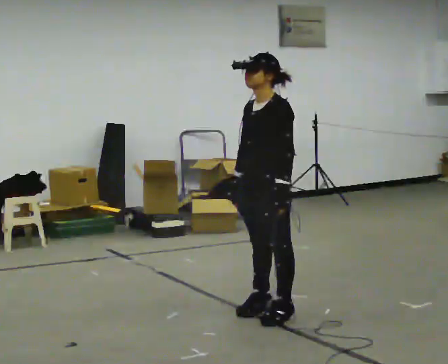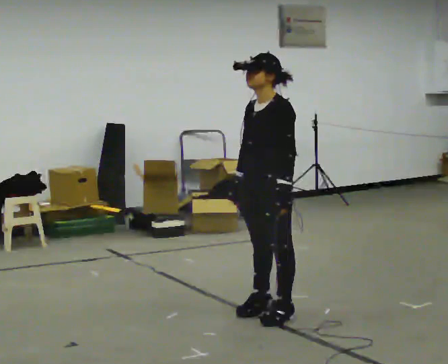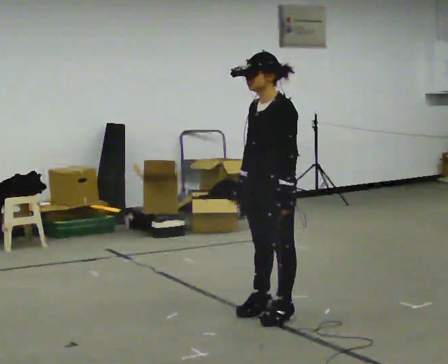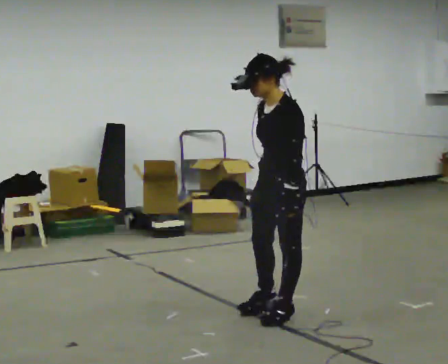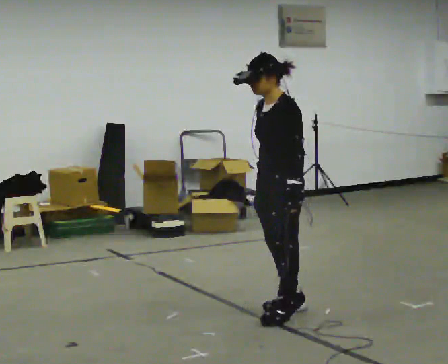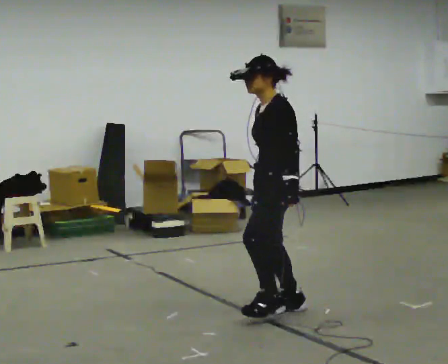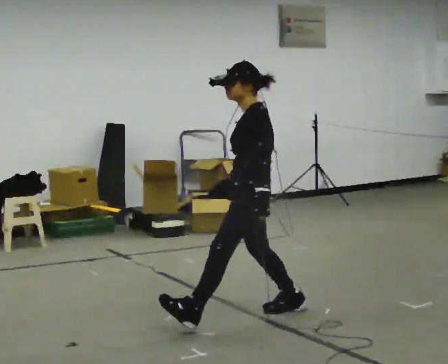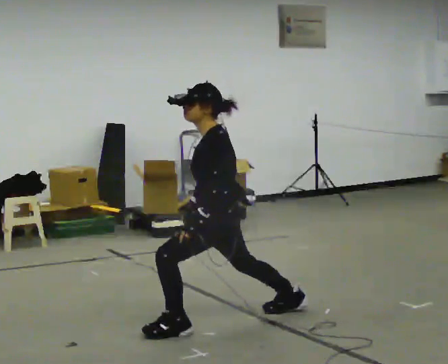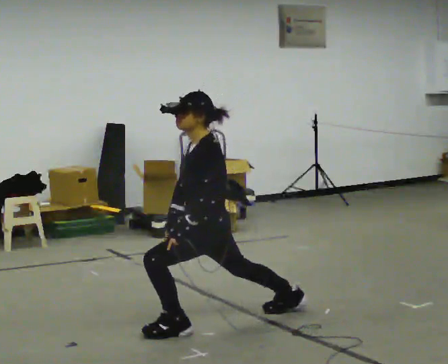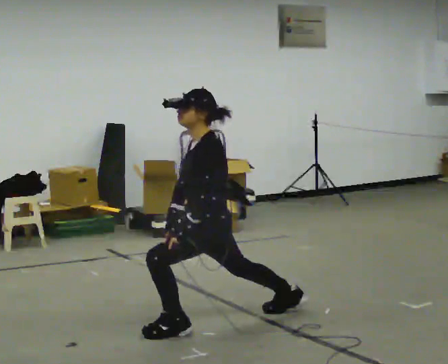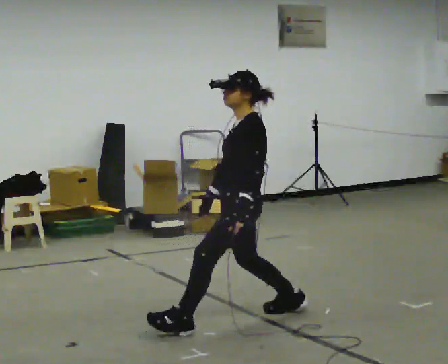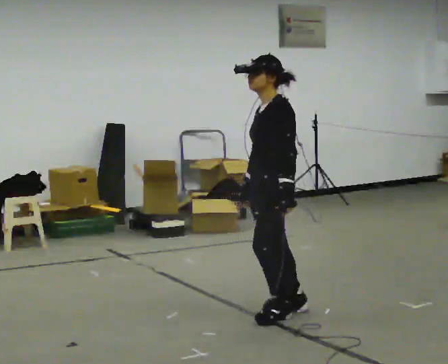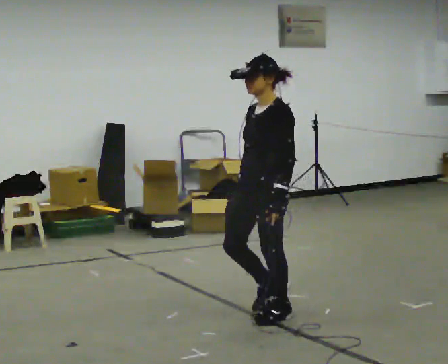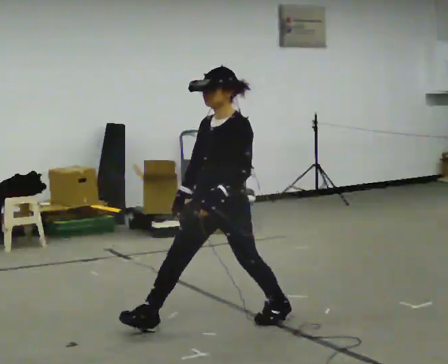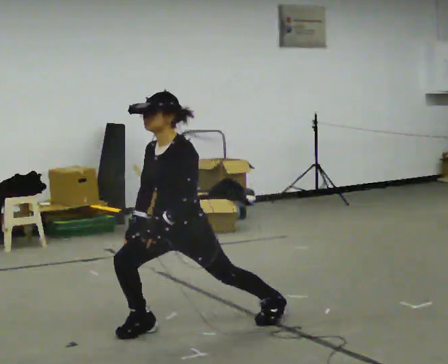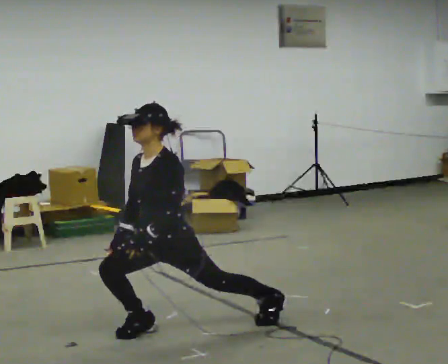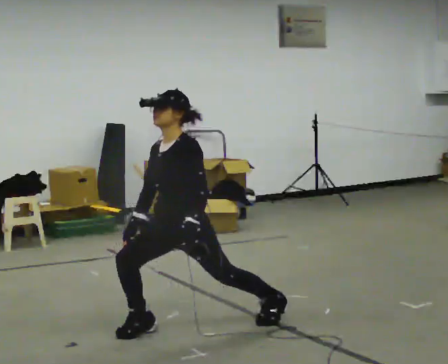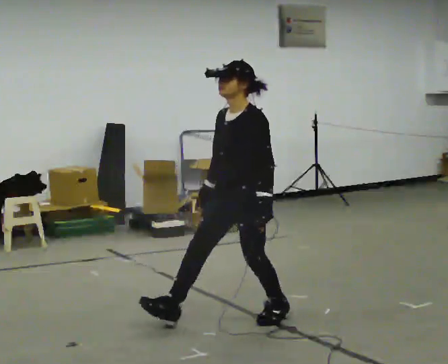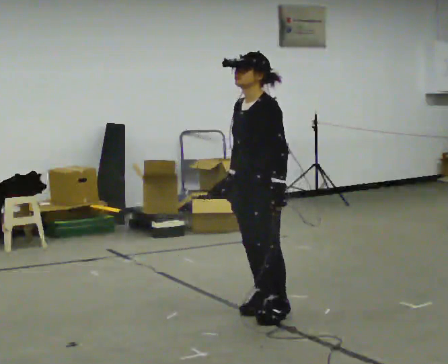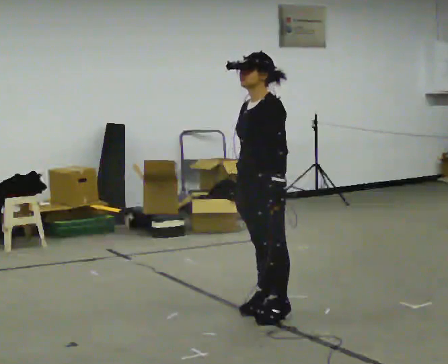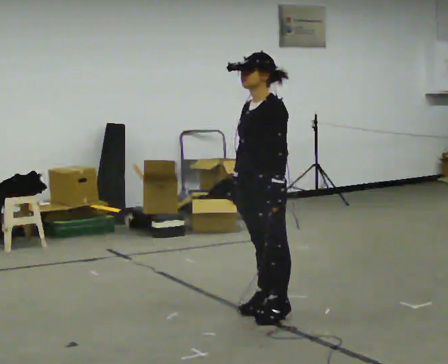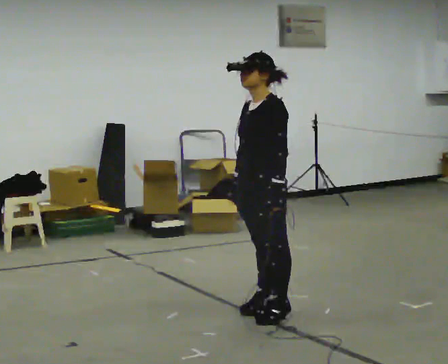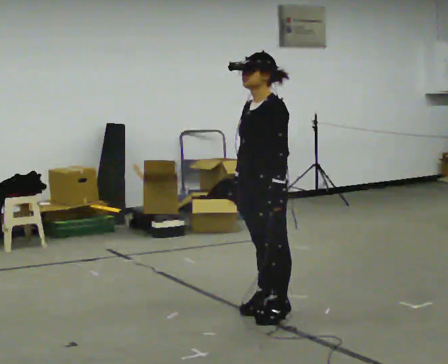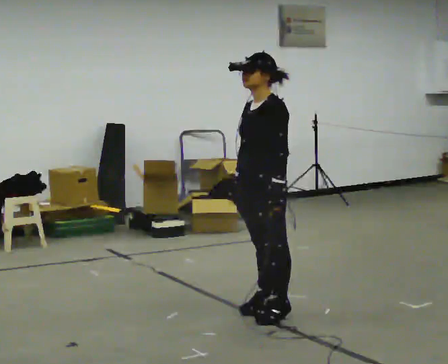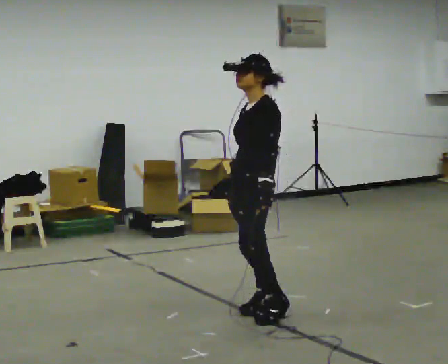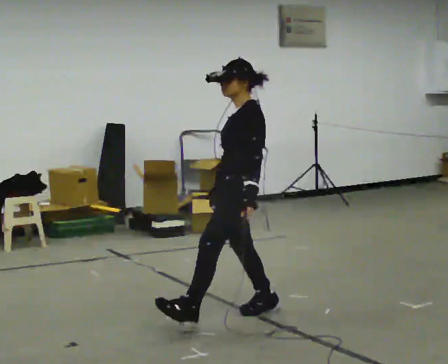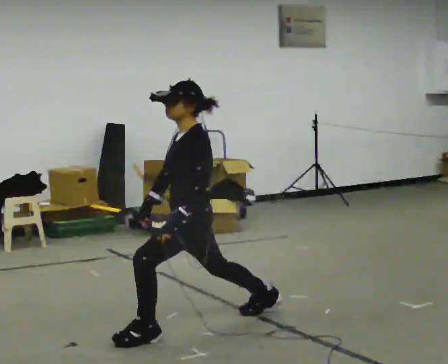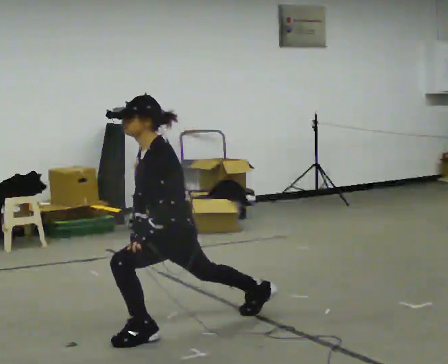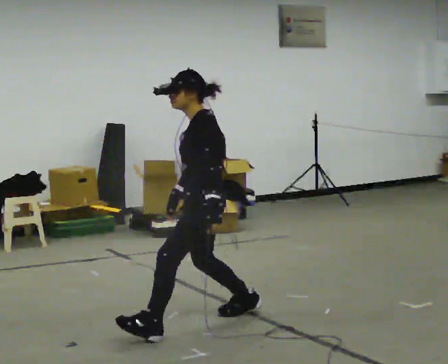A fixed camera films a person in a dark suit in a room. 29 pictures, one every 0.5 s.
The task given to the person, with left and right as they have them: Step forward into a lunge on the leg the operator calls, lowering your back knee toward the floor, then push back to standing. Then do the same stepping backward instead. Repeat the movement at your own pace until the operator says stop; do not rush.
0.0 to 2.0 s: The person moves a little, or ends about where they began.
2.0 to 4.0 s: In the picture they go to the left and toward the camera, about 0.5 m in 1 step, which for them is forward and to their left. The upper body goes downward.
4.0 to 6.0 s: The part of the body nearest the lens slides to the right as the person turns to their left by about 30 degrees. In the picture they go to the right, about 0.25 m in 1 step, which for them is backward. The upper body goes upward.
6.0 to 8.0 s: In the picture they go to the left, about 0.5 m in 1 step, which for them is forward and to their right.
8.0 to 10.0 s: In the picture they go to the right and away from the camera, about 0.5 m in 1 step, which for them is backward. The upper body goes upward.
10.0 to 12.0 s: The person moves a little, or ends about where they began.
12.0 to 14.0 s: In the picture they go to the left and toward the camera, about 0.25 m in 1 step, which for them is forward and to their left.
The film runs forward here.
